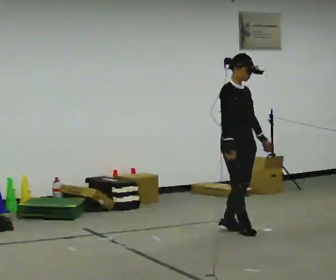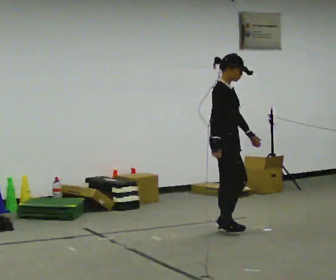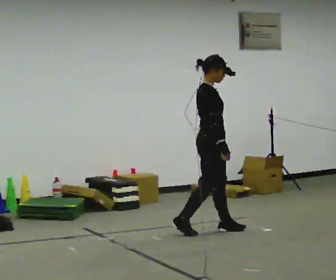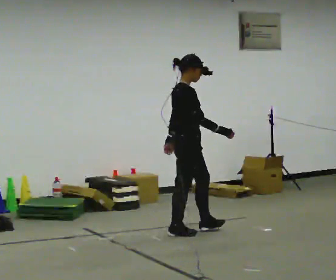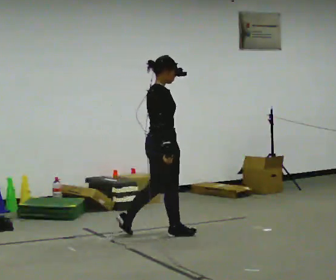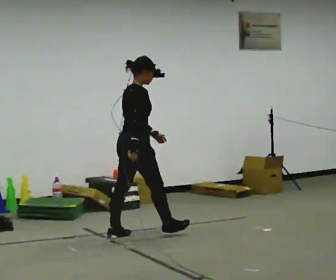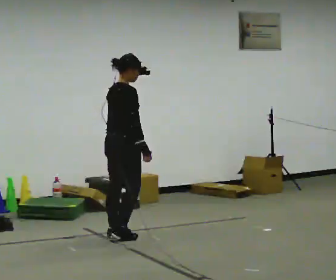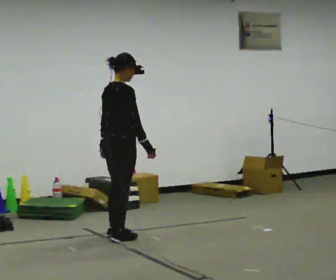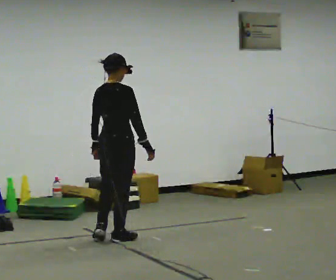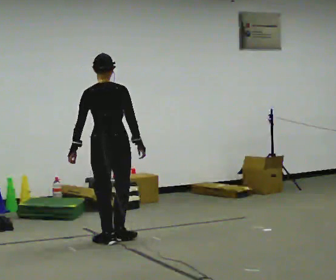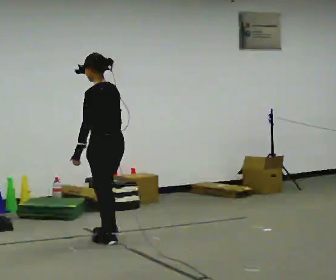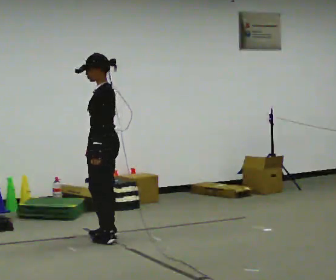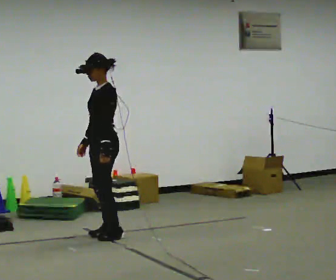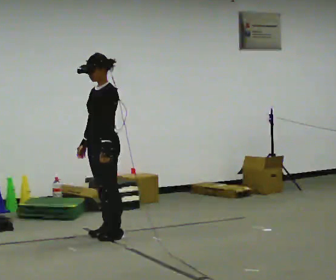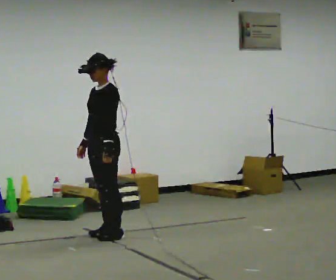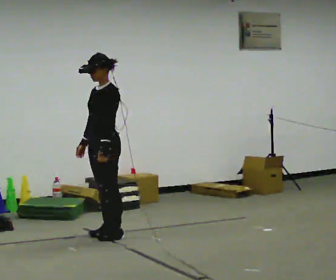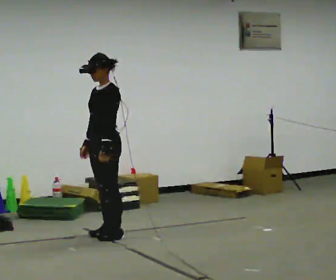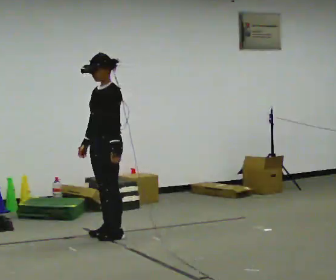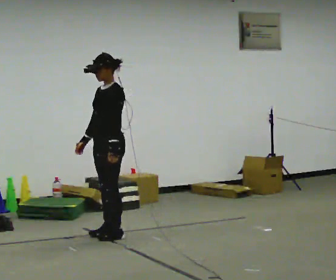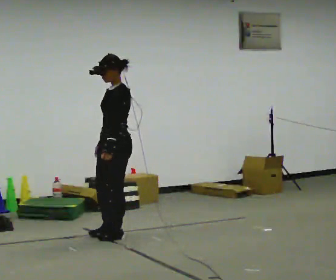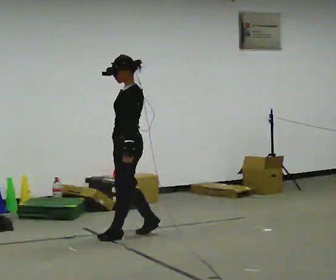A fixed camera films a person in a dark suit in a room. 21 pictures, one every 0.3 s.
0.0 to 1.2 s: The person turns about 60 degrees to their left, counterclockwise seen from above, so the part of the body nearest the lens slides to the right. In the picture they go to the left, about 0.75 m in 2 steps, which for them is backward.
1.2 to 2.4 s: The part of the body nearest the lens slides to the right as the person turns to their left by about 45 degrees. In the picture they go to the left and toward the camera, about 0.5 m in 2 steps, which for them is backward.
2.4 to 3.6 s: The person turns about 135 degrees to their left, counterclockwise seen from above, so the part of the body nearest the lens slides to the right. In the picture they go away from the camera, about 0.25 m in 2 steps. In the picture their right hand goes to the left, the arm swinging clockwise.
3.6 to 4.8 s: The person moves a little, or ends about where they began.
4.8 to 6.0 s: In the picture they go to the right, about 0.25 m in 1 step, which for them is backward. In the picture their right hand goes to the right.
The film runs backward here.
